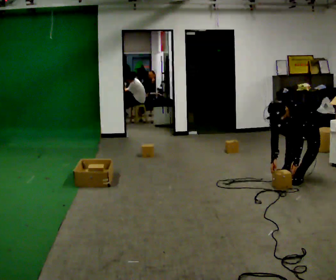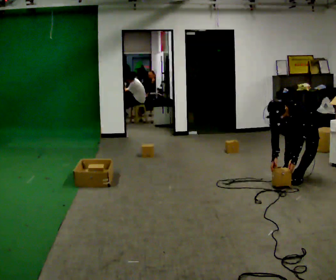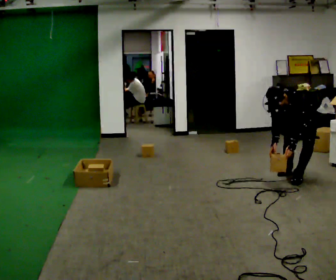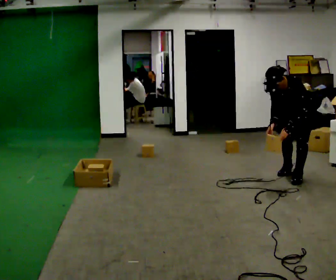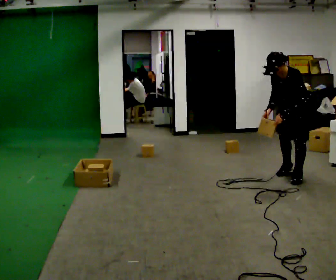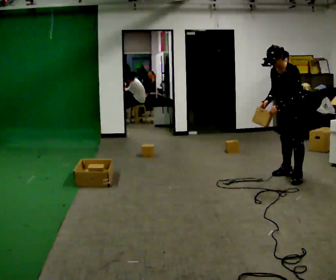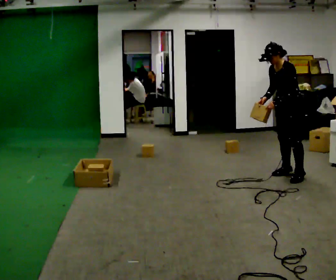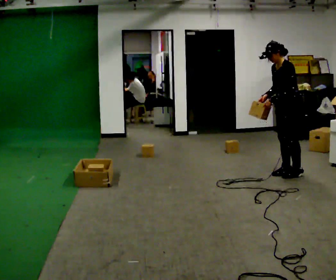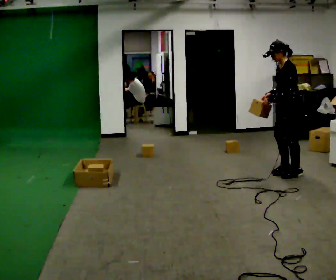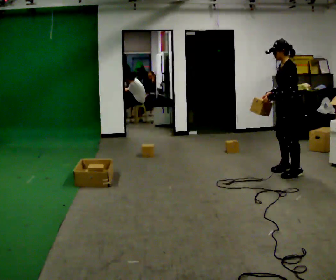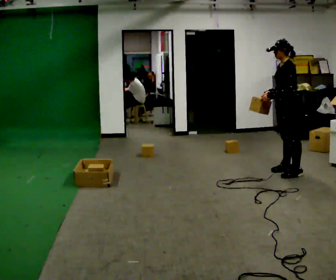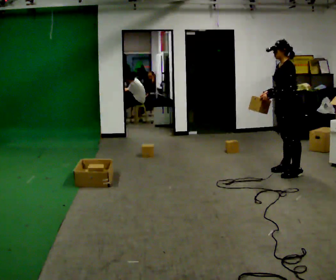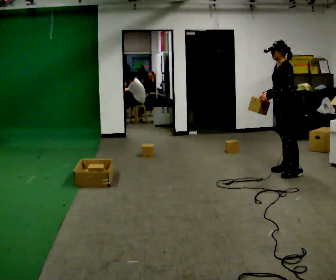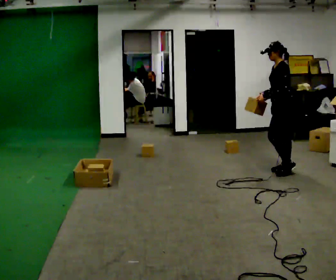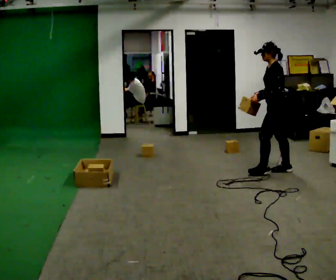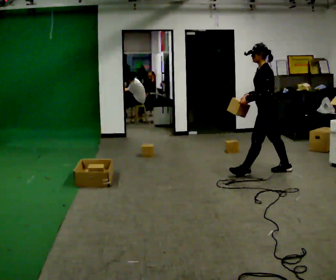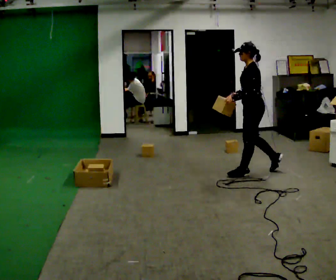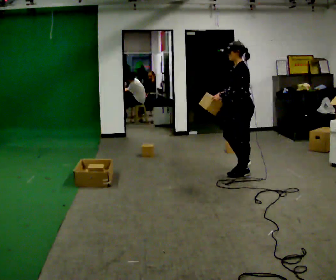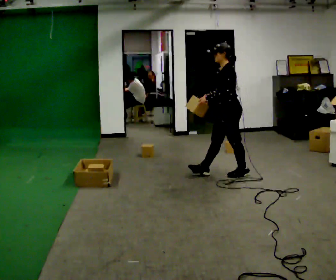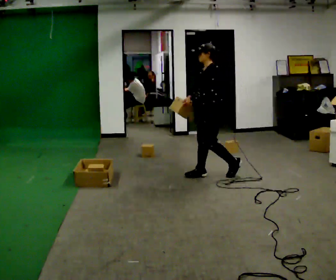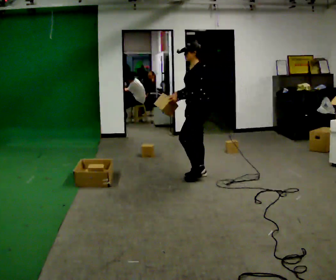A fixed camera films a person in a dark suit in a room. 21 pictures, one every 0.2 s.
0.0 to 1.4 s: The part of the body nearest the lens slides to the left as the person turns to their right by about 60 degrees. The shoulders move upward. The upper body tips away from the camera, its near side rolling upward, as they lean back or straighten. In the picture their left hand goes upward.
1.4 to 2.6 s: In the picture they go away from the camera, about 0.25 m, which for them is to their right.
2.6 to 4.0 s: In the picture they go to the left and toward the camera, about 1 m in 2 steps, which for them is forward.
The film runs forward here.
